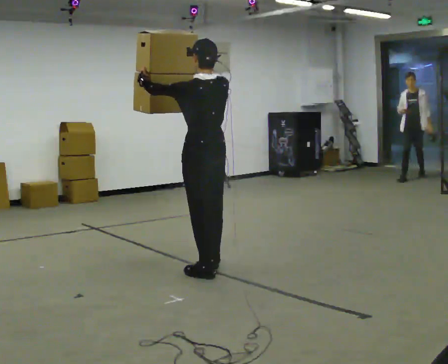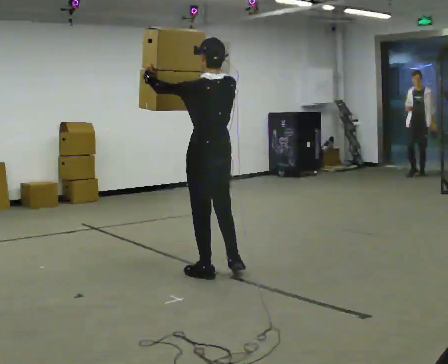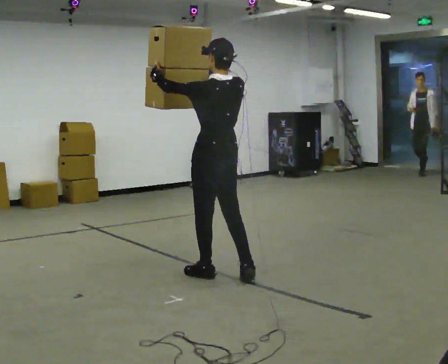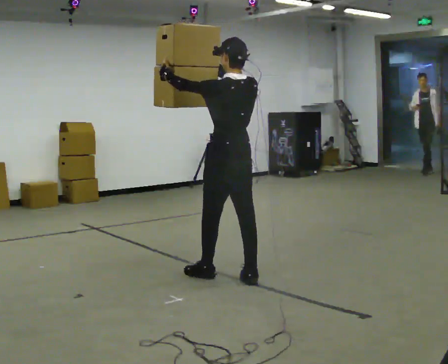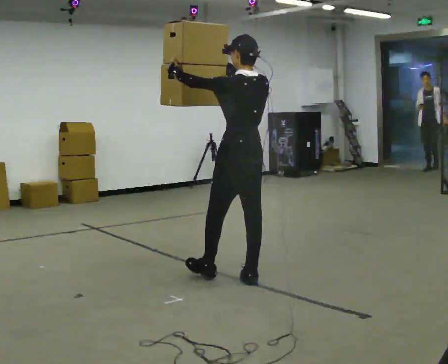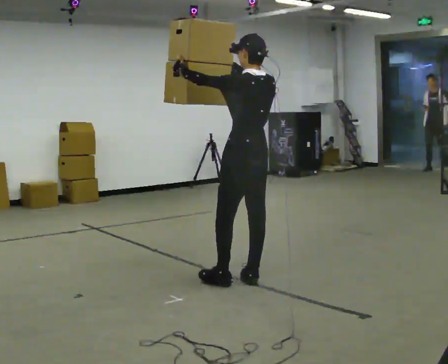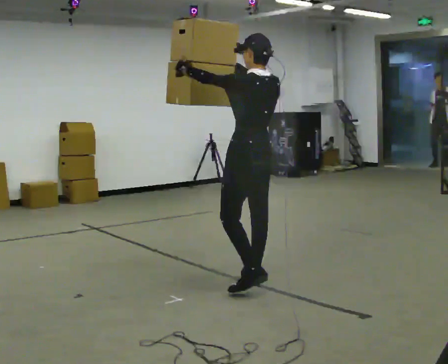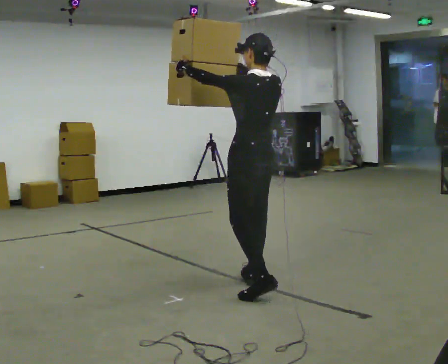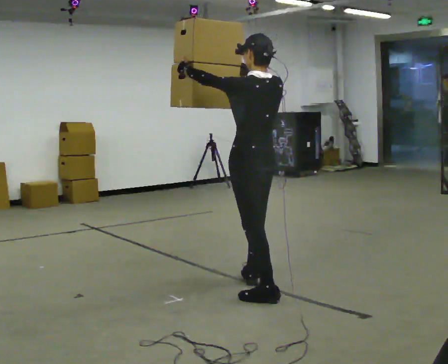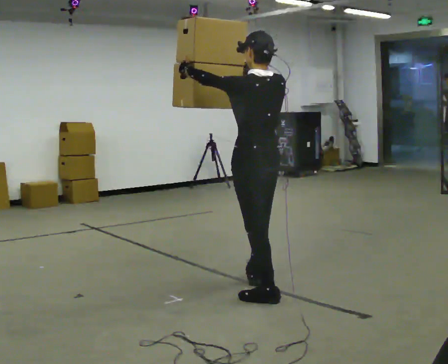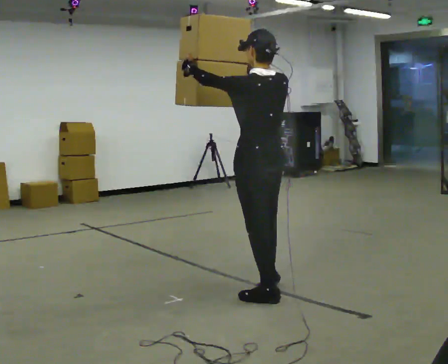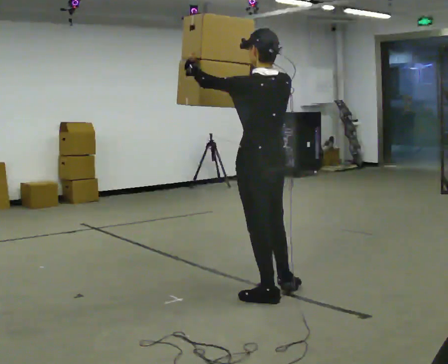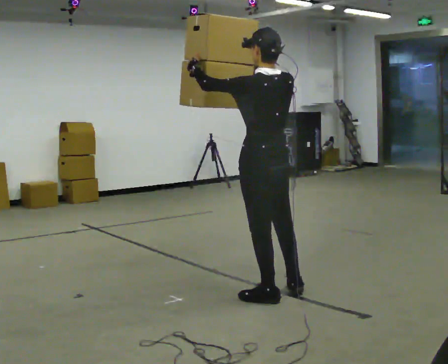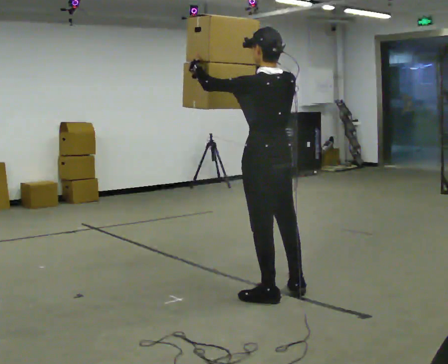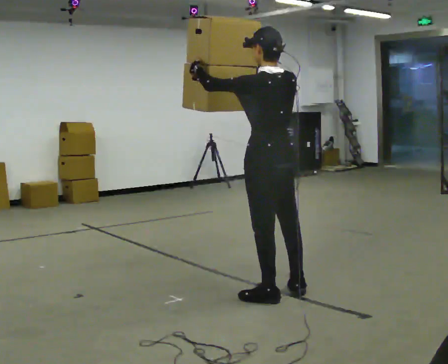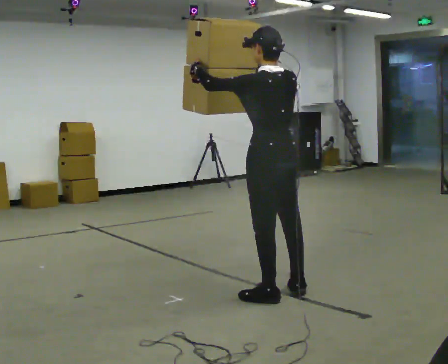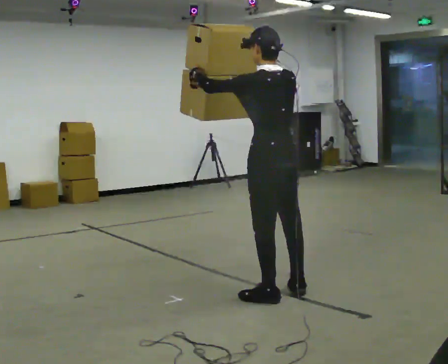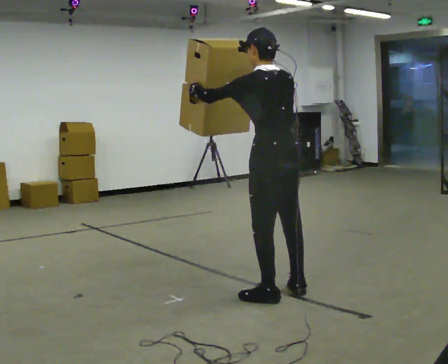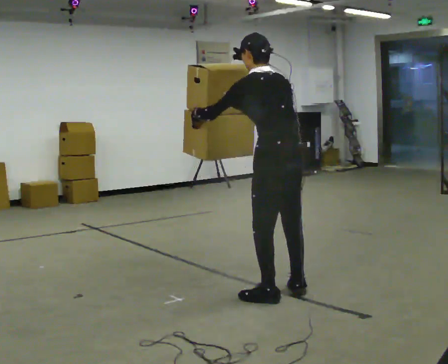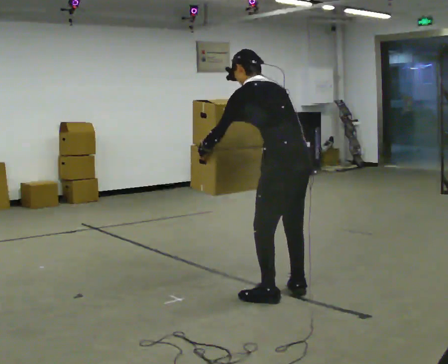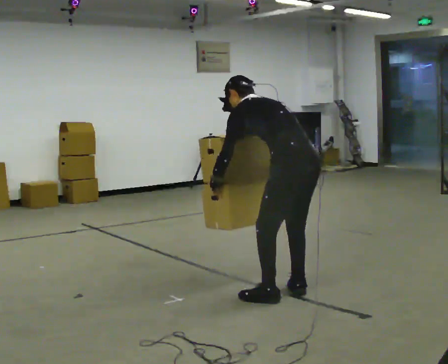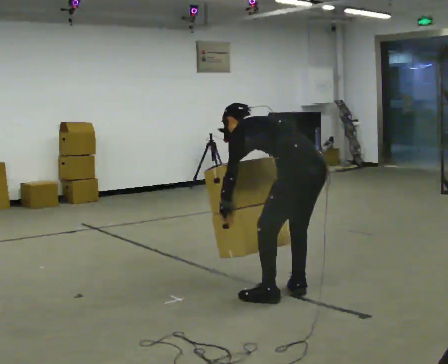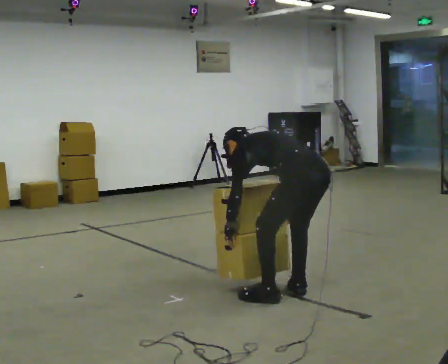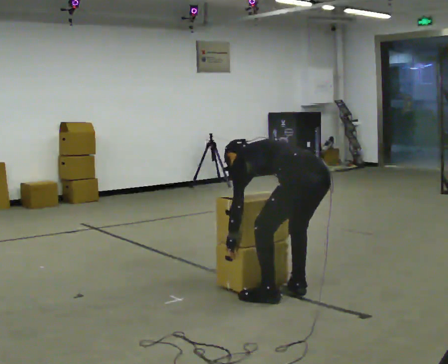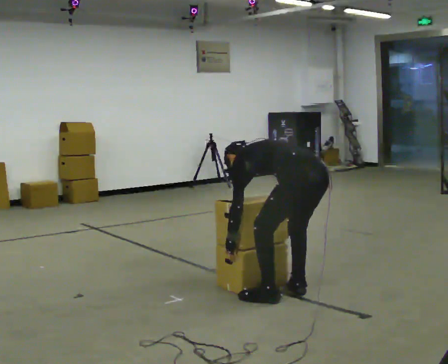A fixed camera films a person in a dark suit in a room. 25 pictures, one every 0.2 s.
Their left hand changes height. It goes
downward.
The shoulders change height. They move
downward.
0.0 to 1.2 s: In the picture they go to the right and toward the camera, about 0.5 m in 1 step, which for them is backward.
1.2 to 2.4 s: In the picture they go toward the camera, about 0.25 m in 1 step, which for them is backward.
2.4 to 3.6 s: The upper body tips away from the camera, its near side rolling upward, as they bend forward.
3.6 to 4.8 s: The upper body goes downward. The upper body tips away from the camera, its near side rolling upward, as they bend forward. In the picture their right hand goes downward.
The film runs backward here.
